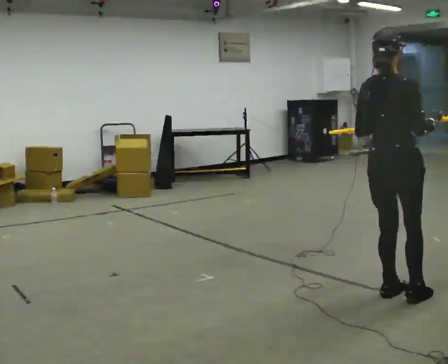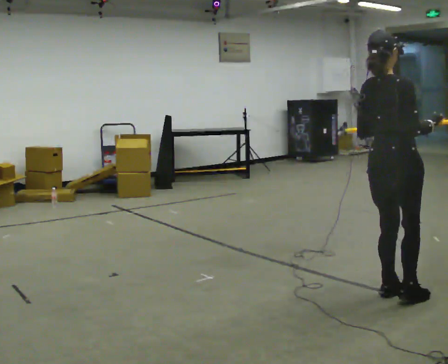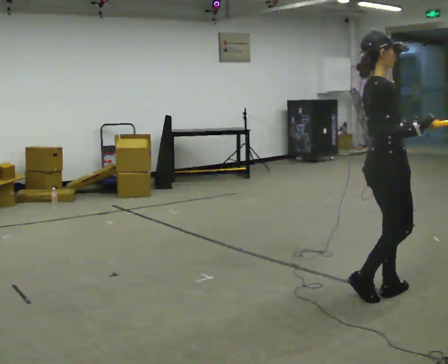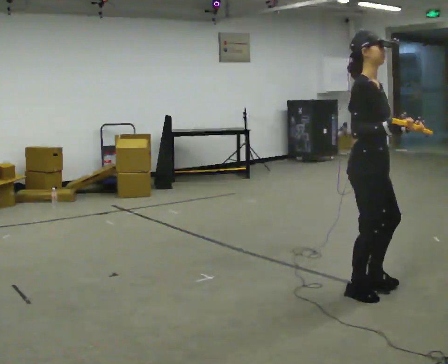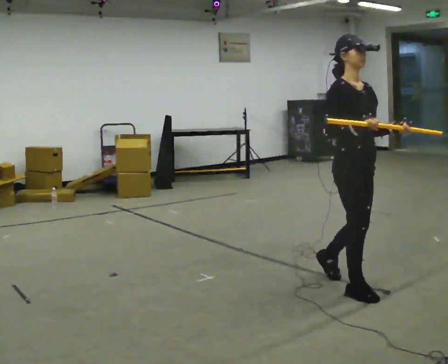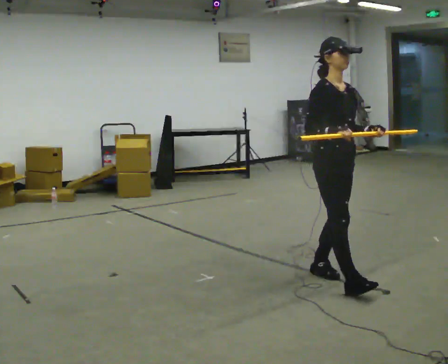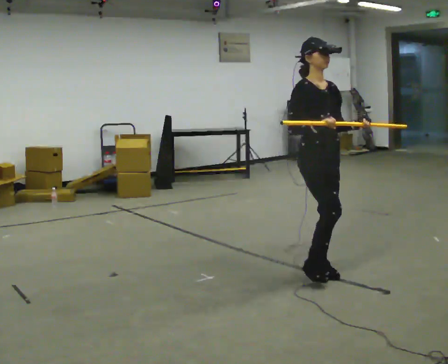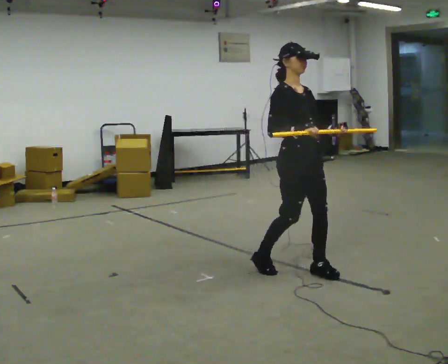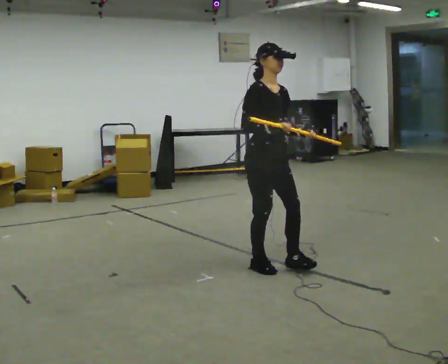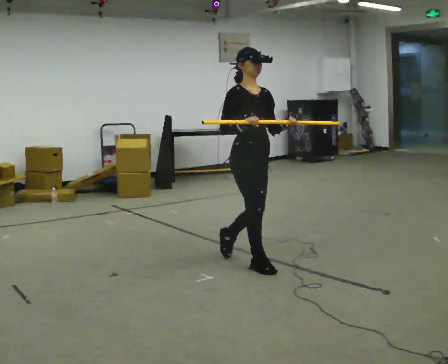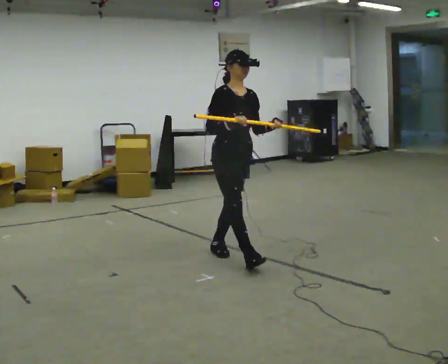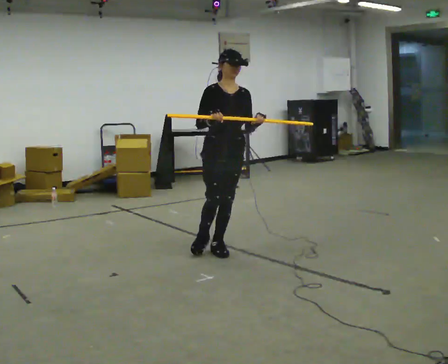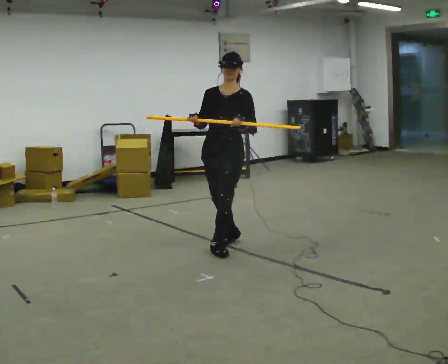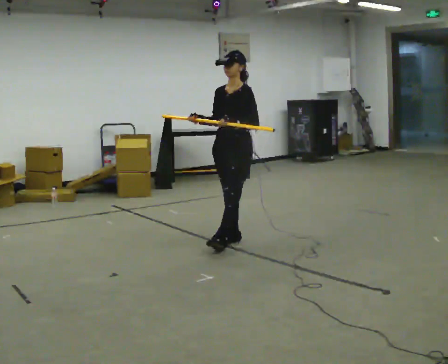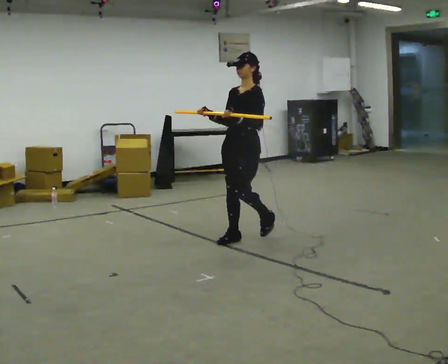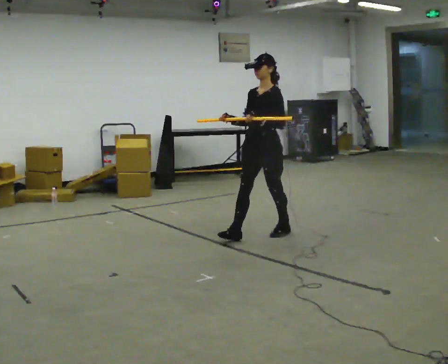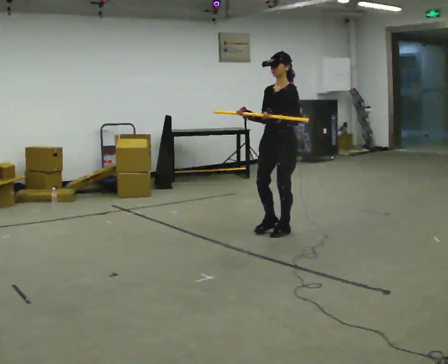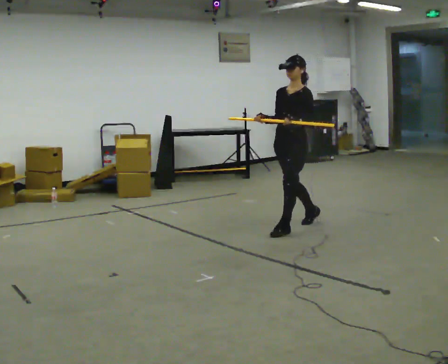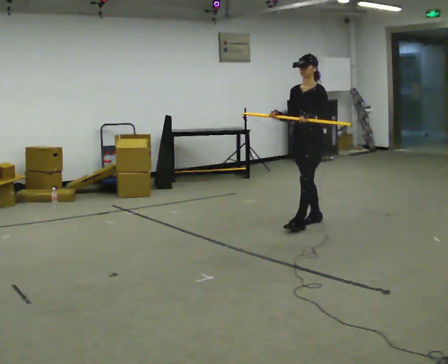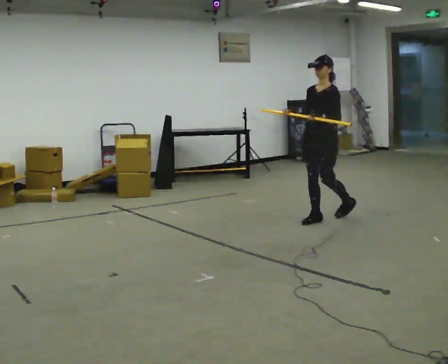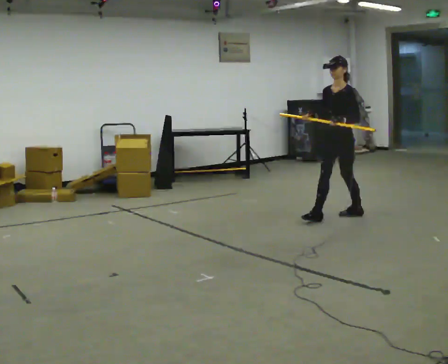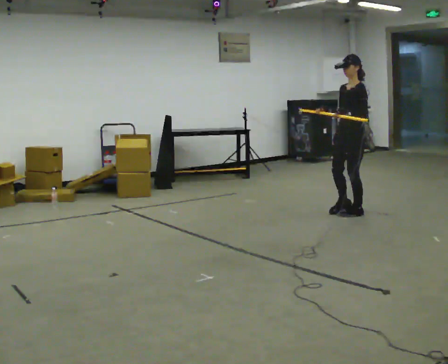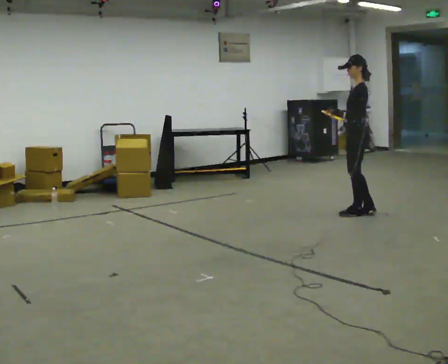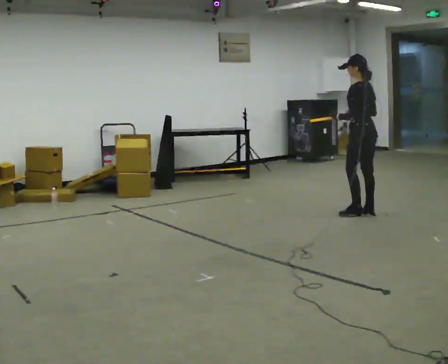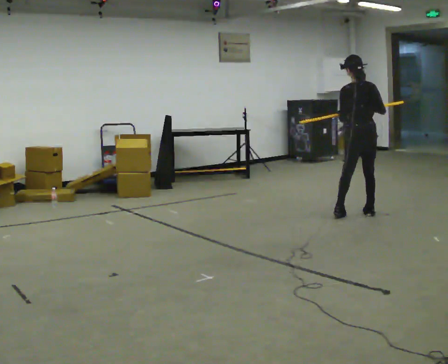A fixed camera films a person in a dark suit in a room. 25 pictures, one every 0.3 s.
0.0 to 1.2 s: Seen from above the body turns clockwise, about 75 degrees: to their right, with its near side sliding to the left. In the picture they go away from the camera and to the left, about 0.25 m in 2 steps.
1.2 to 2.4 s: In the picture they go away from the camera and to the left, about 0.5 m in 2 steps, which for them is backward.
2.4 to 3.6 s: The person turns about 60 degrees to their right, clockwise seen from above, so the part of the body nearest the lens slides to the left. In the picture they go away from the camera and to the left, about 0.75 m in 1 step.
3.6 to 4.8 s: The person turns about 30 degrees to their right, clockwise seen from above, so the part of the body nearest the lens slides to the left. In the picture they go to the right and away from the camera, about 0.75 m in 2 steps, which for them is backward.
4.8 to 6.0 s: In the picture they go to the right and away from the camera, about 1 m in 1 step, which for them is backward.
6.0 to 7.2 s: The person turns about 120 degrees to their right, clockwise seen from above, so the part of the body nearest the lens slides to the left. In the picture they go to the right, about 0.25 m in 2 steps.
The film runs backward here.
